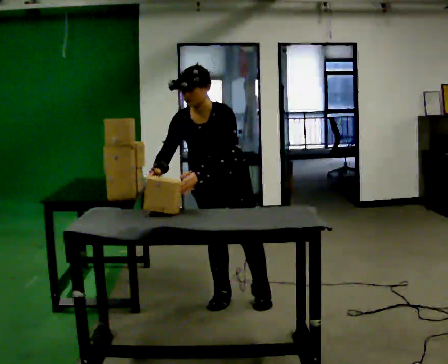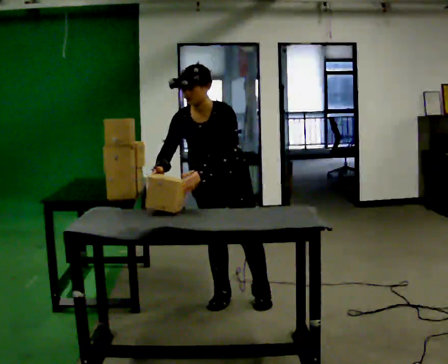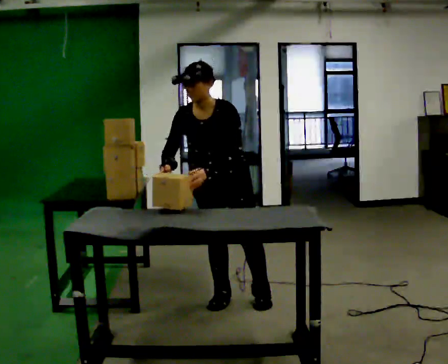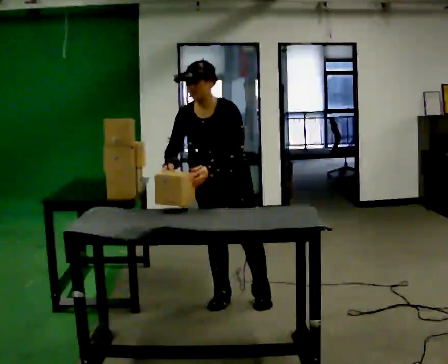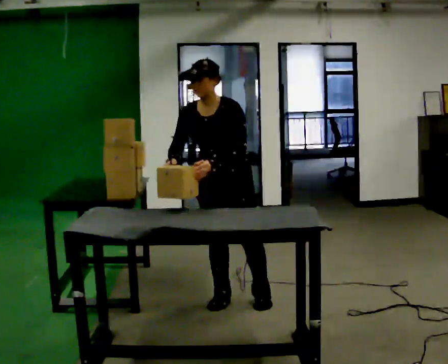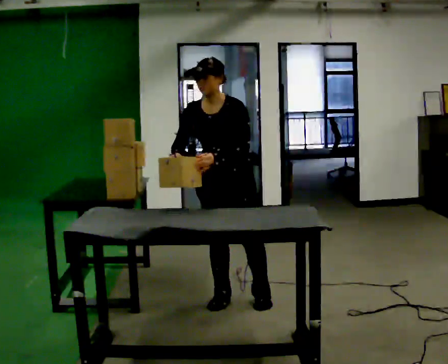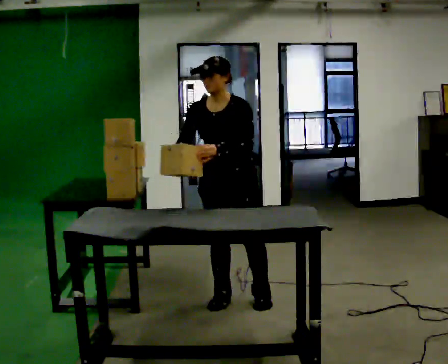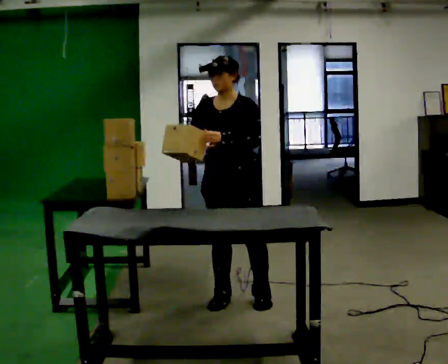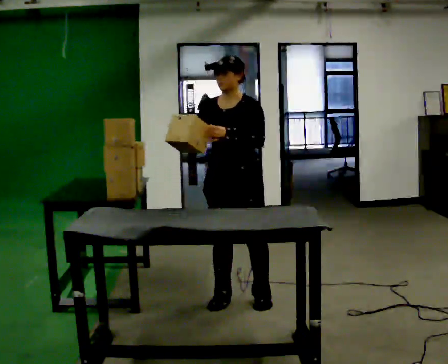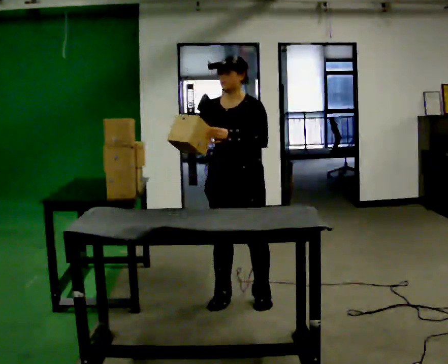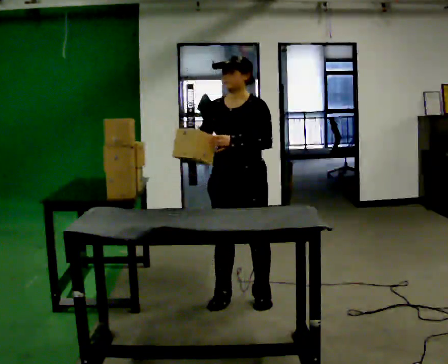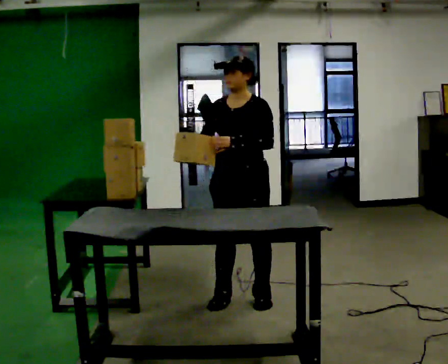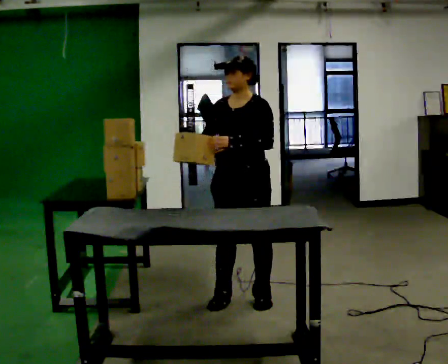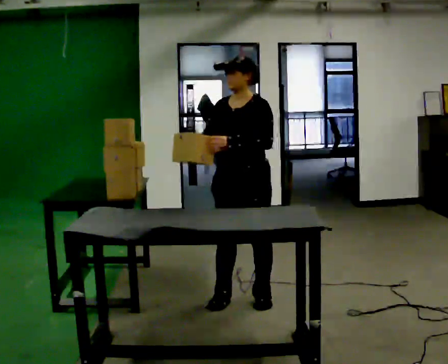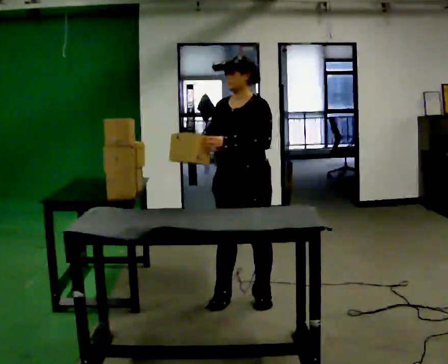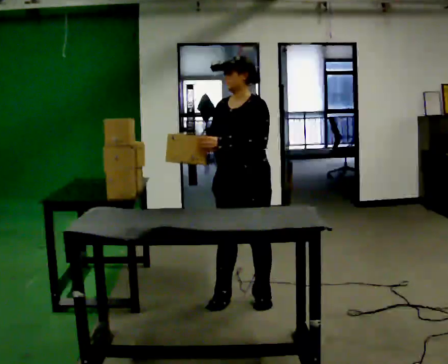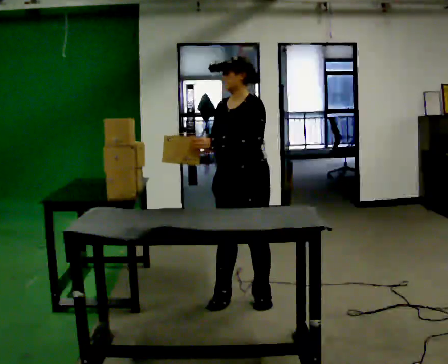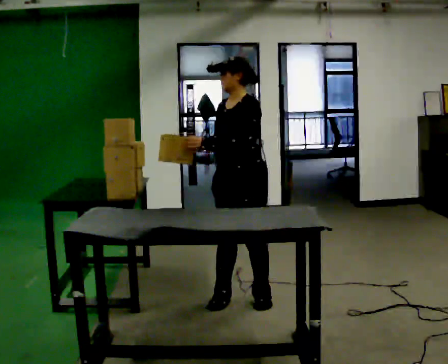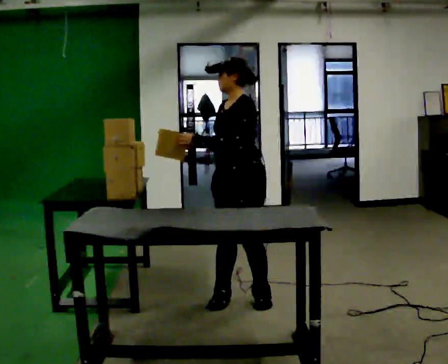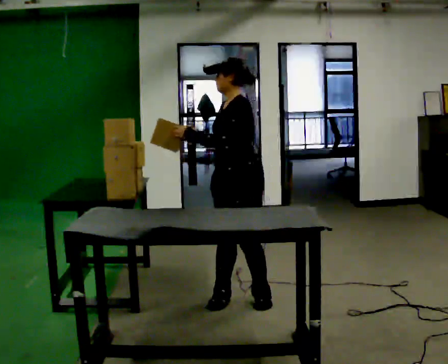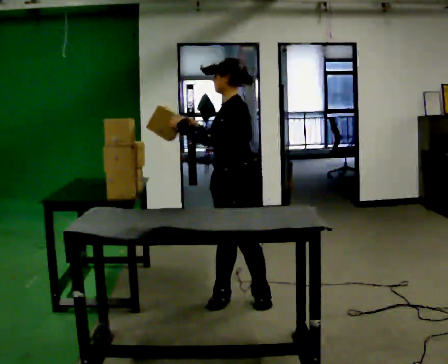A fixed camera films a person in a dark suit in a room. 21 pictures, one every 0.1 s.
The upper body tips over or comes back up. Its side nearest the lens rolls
upward.
0.0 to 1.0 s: The upper body tips away from the camera, its near side rolling upward, as they lean back or straighten.
1.0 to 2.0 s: The person turns about 45 degrees to their right, clockwise seen from above, so the part of the body nearest the lens slides to the left. In the picture their left hand goes to the left.
The film runs forward here.
